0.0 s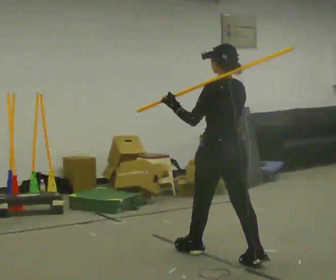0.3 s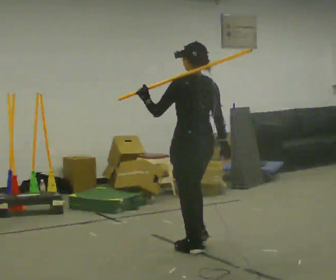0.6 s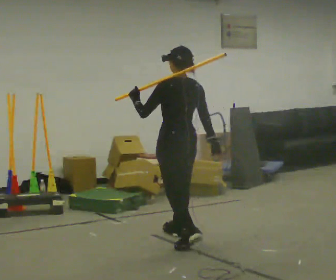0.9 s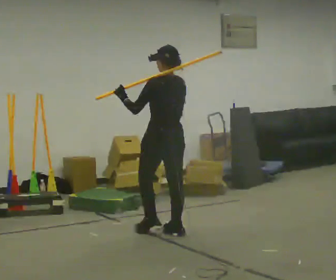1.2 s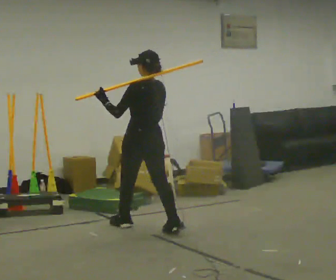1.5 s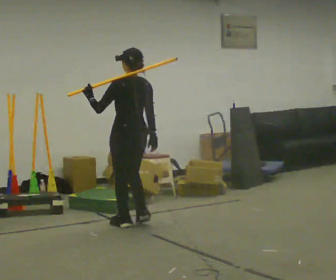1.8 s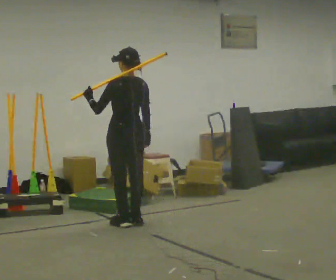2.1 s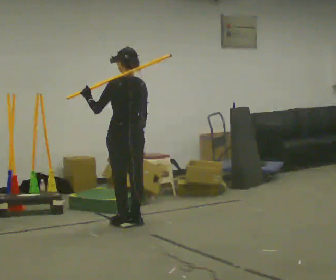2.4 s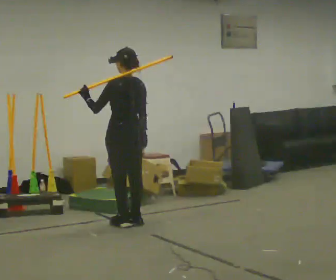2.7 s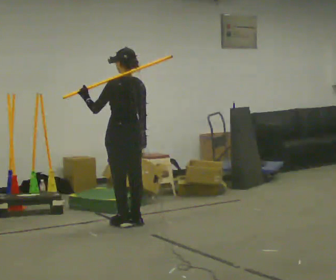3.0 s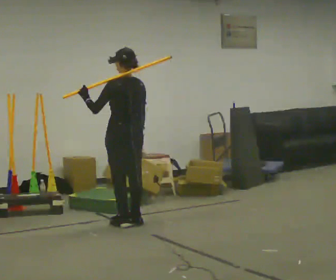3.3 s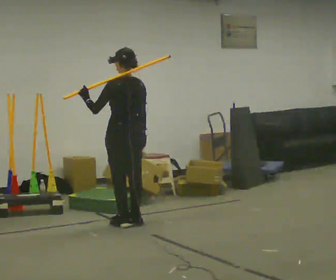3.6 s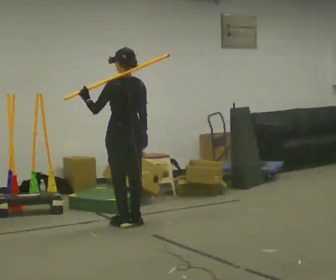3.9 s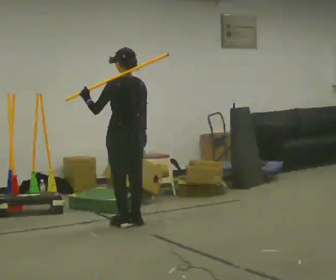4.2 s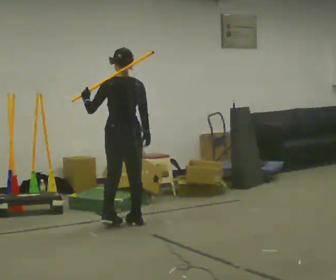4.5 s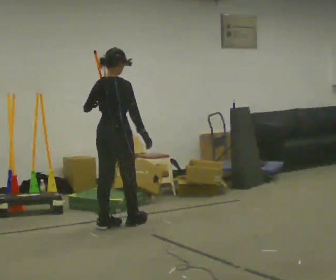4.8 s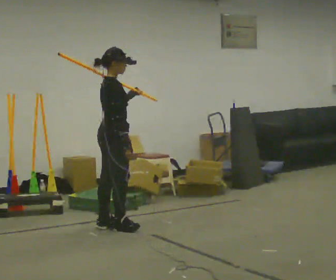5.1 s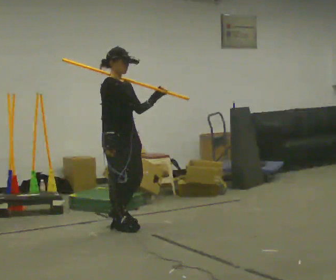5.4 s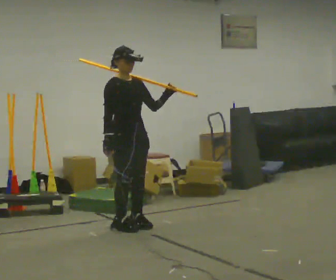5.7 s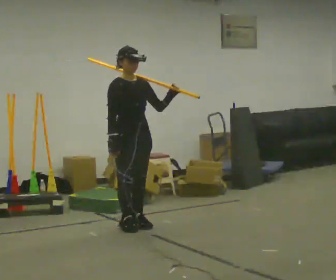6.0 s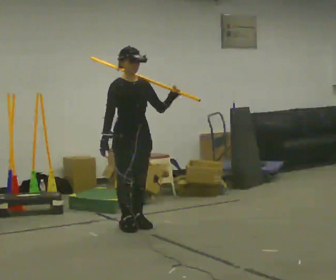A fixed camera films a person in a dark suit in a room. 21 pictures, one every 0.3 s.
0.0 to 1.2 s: In the picture they go away from the camera and to the left, about 1 m in 2 steps, which for them is forward.
1.2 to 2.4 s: In the picture they go away from the camera and to the left, about 0.25 m in 1 step, which for them is forward.
2.4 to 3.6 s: The person moves a little, or ends about where they began.
3.6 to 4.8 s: The person turns about 105 degrees to their right, clockwise seen from above, so the part of the body nearest the lens slides to the left. In the picture they go toward the camera, about 0.25 m in 2 steps. In the picture their left hand goes to the right.
4.8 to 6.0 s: Seen from above the body turns clockwise, about 75 degrees: to their right, with its near side sliding to the left. In the picture they go to the right, about 0.25 m in 1 step. In the picture their left hand goes to the right.
The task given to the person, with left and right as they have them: Rest the long object on the shoulder the operator calls and carry it across the room, back and forth.
The film runs forward here.
